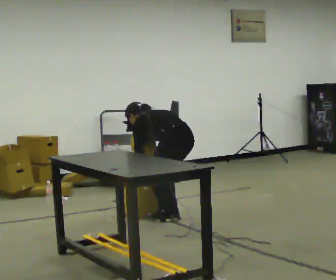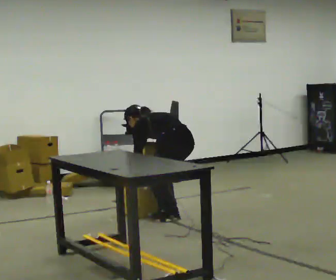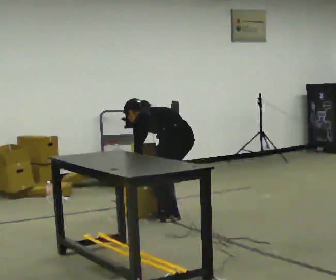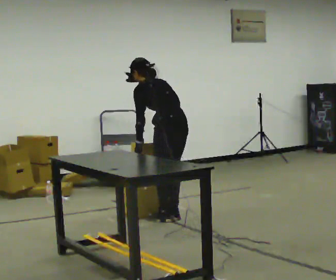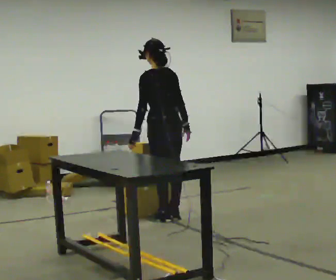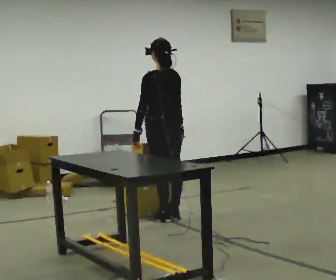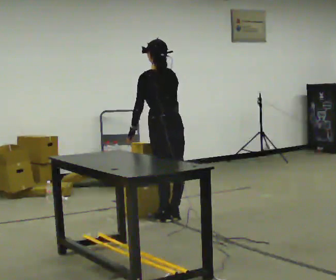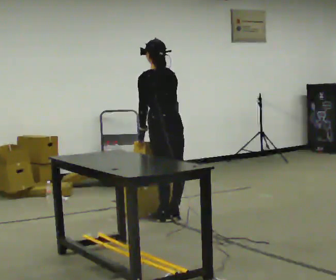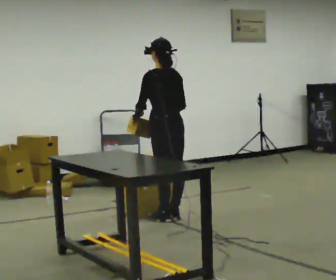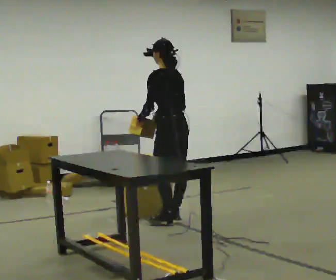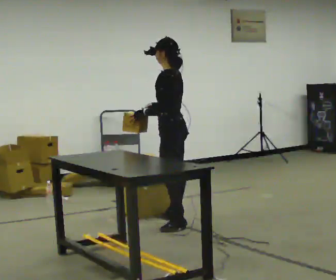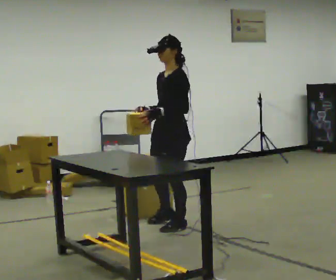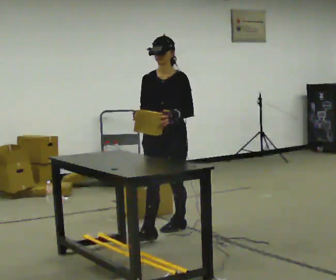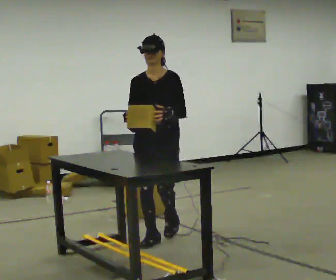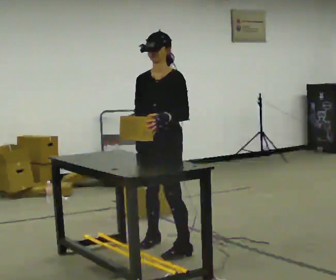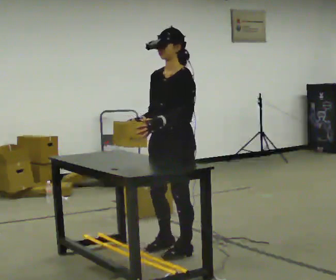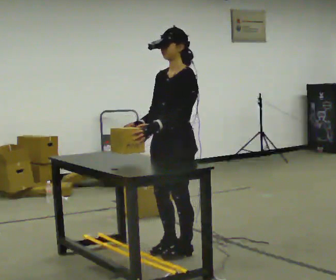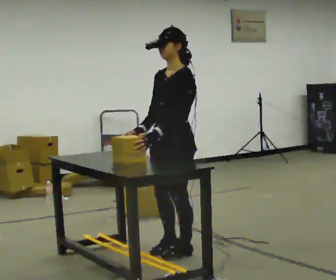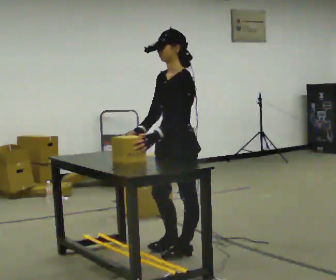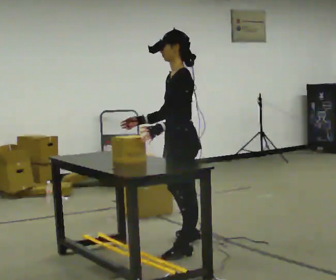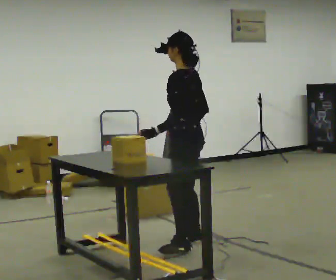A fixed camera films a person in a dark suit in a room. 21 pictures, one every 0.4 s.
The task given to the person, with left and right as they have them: Reach down into the deep bin on the floor, take out one object at a time, carry it to the shelf, and come back for the next one. Keep going until the operator says stop; one object at a time, and do not rush between trips.
0.0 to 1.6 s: The shoulders move upward. The upper body tips toward the camera, its near side rolling downward, as they lean back or straighten. In the picture their right hand goes upward.
1.6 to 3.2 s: The person moves a little, or ends about where they began.
3.2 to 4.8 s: The part of the body nearest the lens slides to the right as the person turns to their left by about 120 degrees. In the picture they go toward the camera, about 0.5 m in 1 step.
4.8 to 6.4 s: Seen from above the body turns clockwise, about 30 degrees: to their right, with its near side sliding to the left. In the picture they go toward the camera, about 0.75 m in 3 steps, which for them is forward and to their left.
6.4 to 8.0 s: The part of the body nearest the lens slides to the left as the person turns to their right by about 60 degrees. In the picture they go away from the camera, about 0.25 m in 1 step, which for them is to their right and backward.
The film runs forward here.
